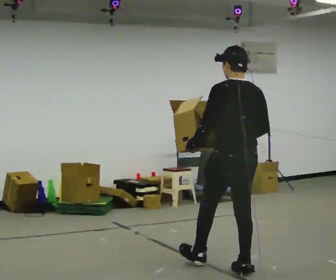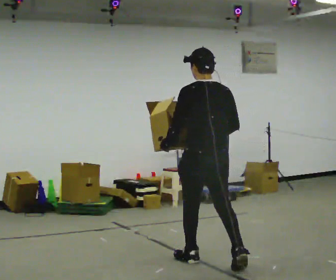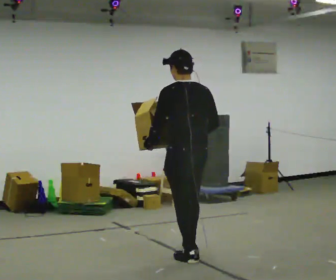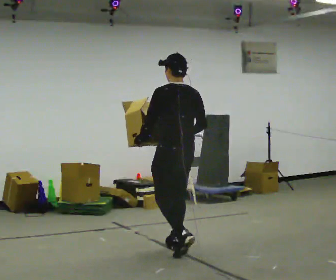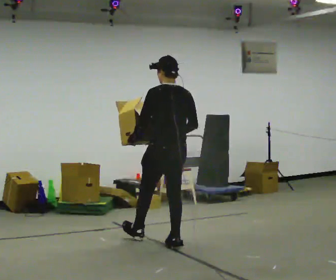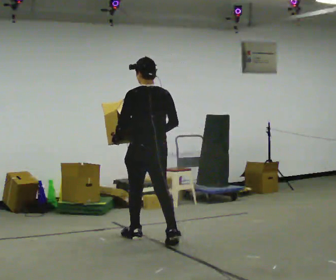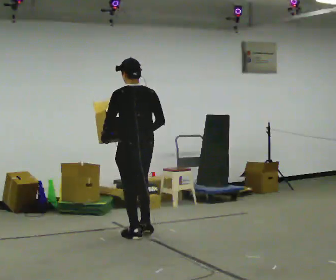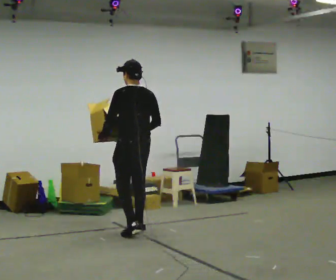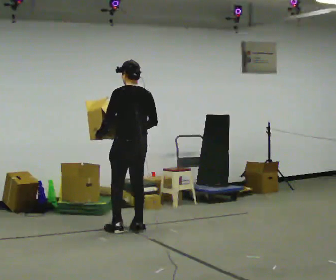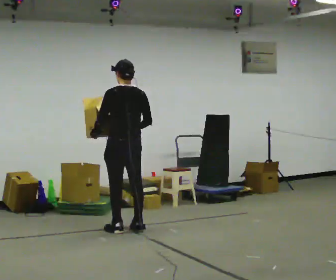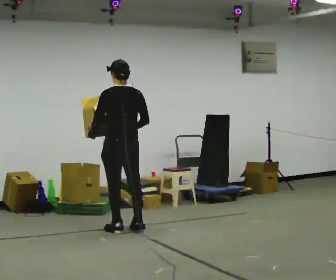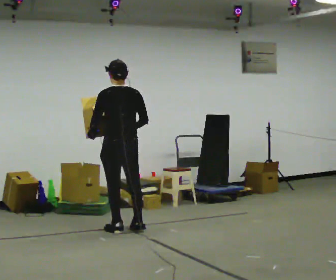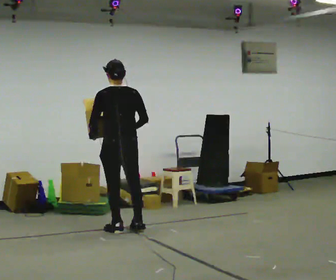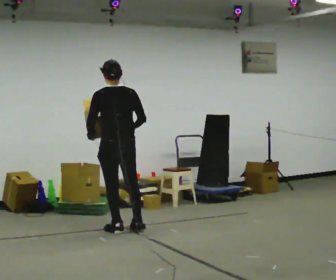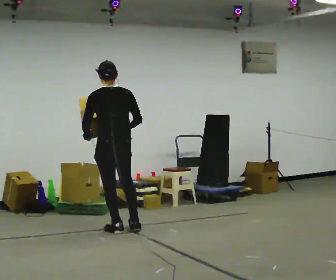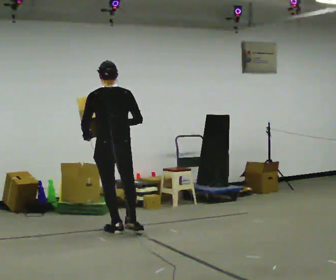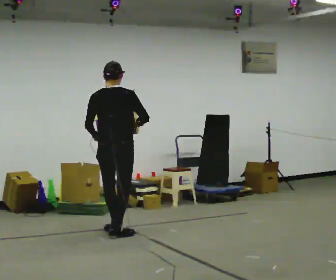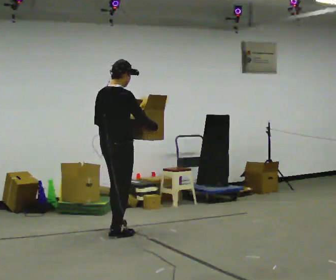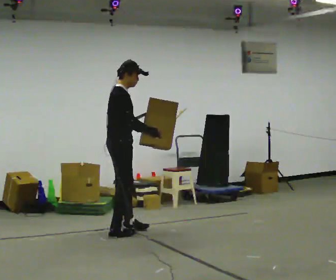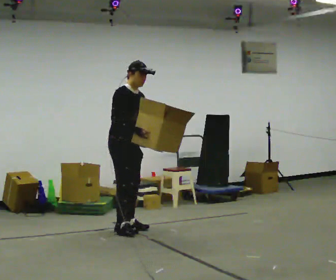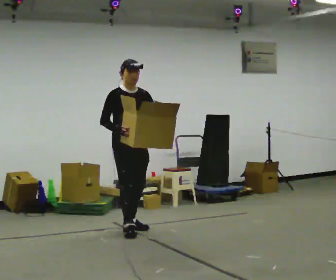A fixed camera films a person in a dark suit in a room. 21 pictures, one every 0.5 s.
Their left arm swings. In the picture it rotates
counterclockwise.
0.0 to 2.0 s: In the picture they go away from the camera and to the left, about 1 m in 2 steps, which for them is forward.
2.0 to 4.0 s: In the picture they go away from the camera and to the left, about 1 m in 3 steps, which for them is forward.
4.0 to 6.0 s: The person moves a little, or ends about where they began.
6.0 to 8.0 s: Seen from above the body turns clockwise, about 30 degrees: to their right, with its near side sliding to the left. In the picture they go toward the camera, about 0.25 m in 1 step, which for them is backward.
8.0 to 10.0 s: The part of the body nearest the lens slides to the left as the person turns to their right by about 135 degrees.
The film runs forward here.
